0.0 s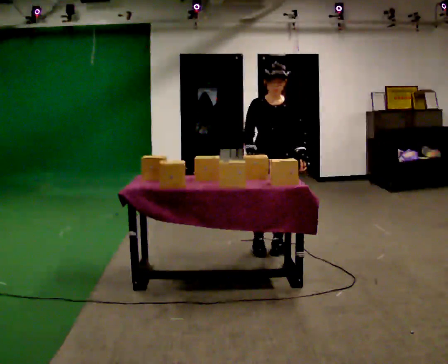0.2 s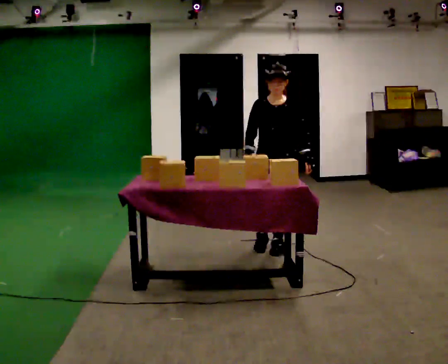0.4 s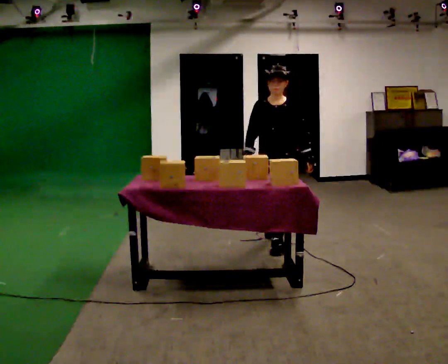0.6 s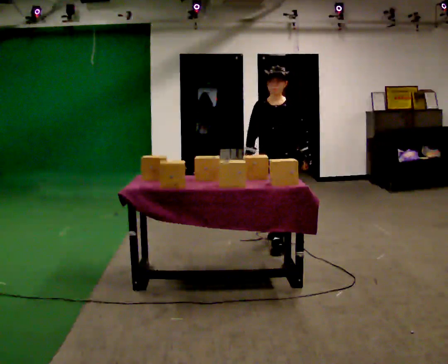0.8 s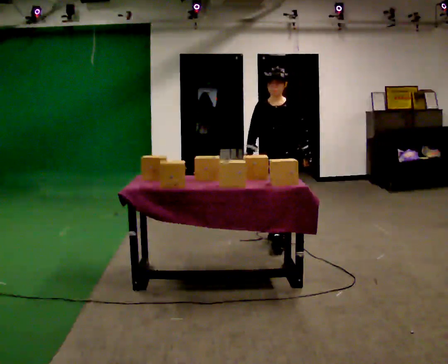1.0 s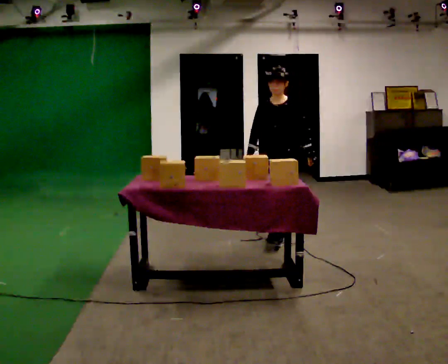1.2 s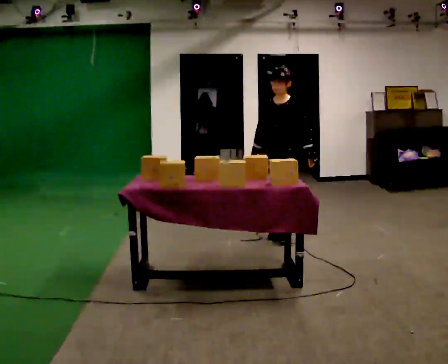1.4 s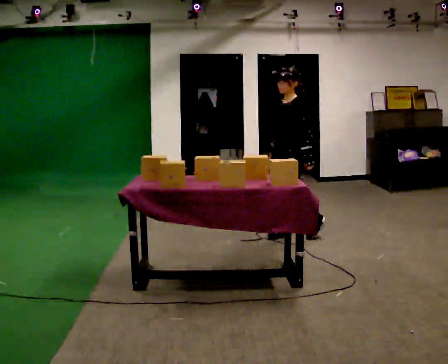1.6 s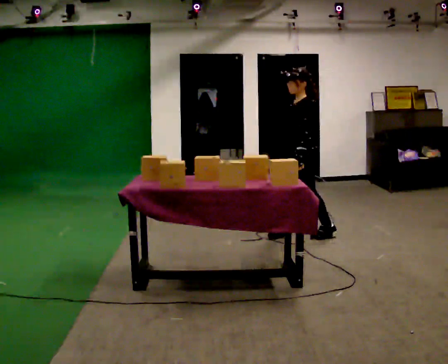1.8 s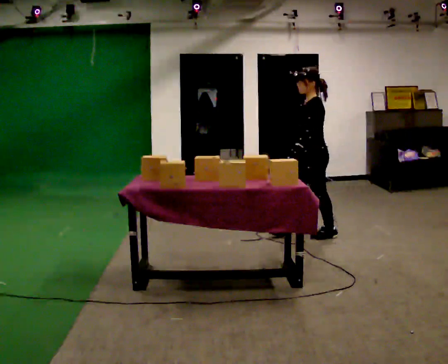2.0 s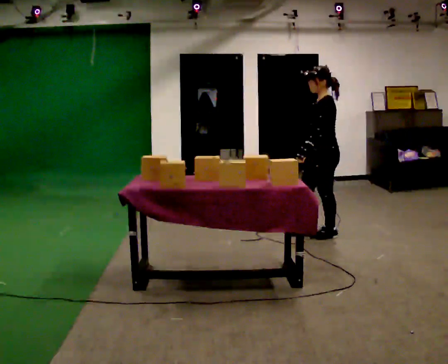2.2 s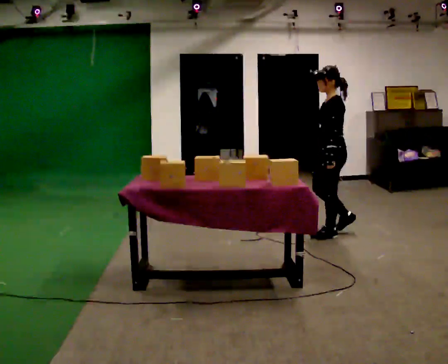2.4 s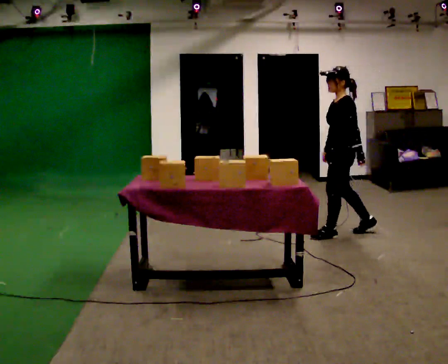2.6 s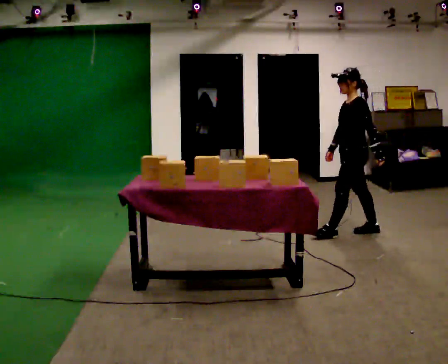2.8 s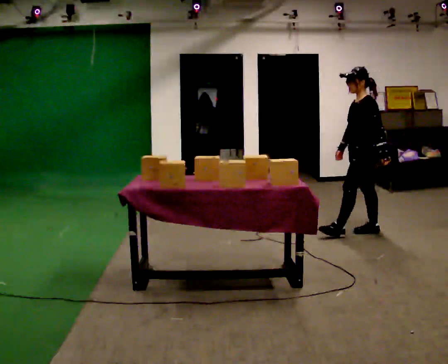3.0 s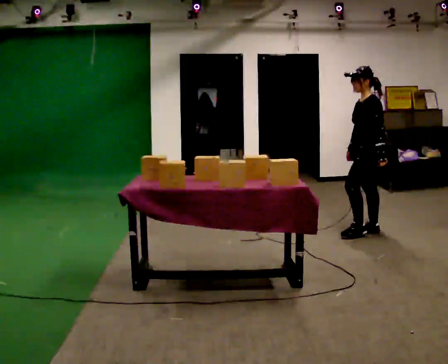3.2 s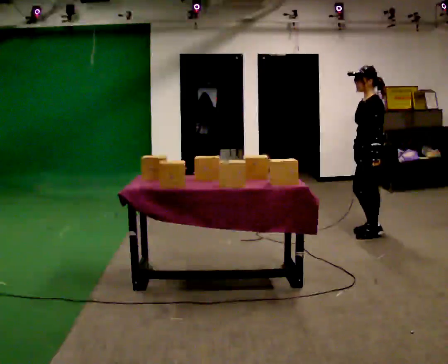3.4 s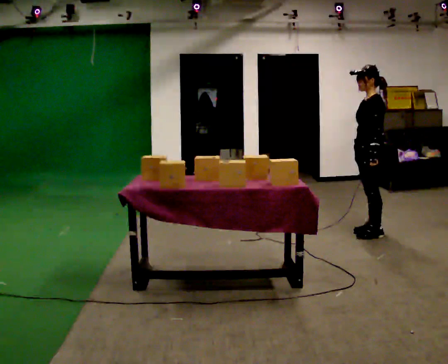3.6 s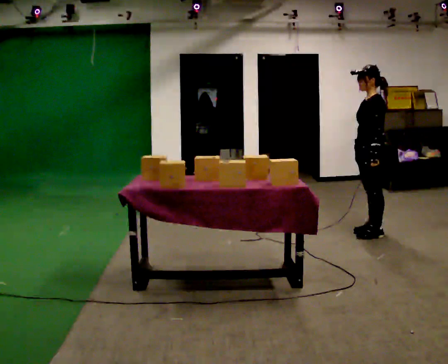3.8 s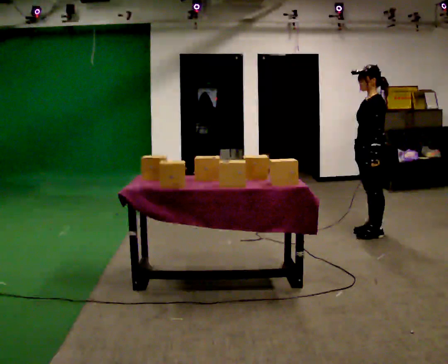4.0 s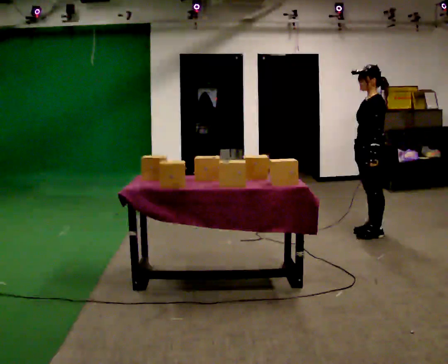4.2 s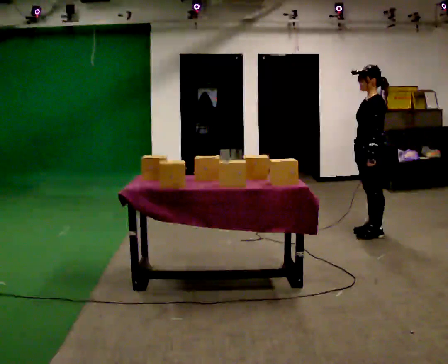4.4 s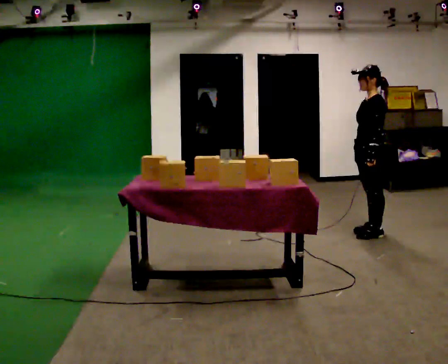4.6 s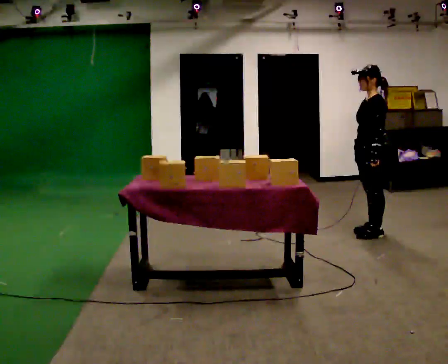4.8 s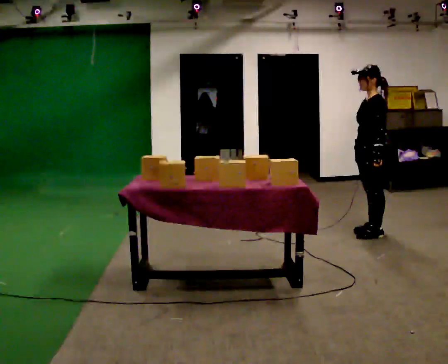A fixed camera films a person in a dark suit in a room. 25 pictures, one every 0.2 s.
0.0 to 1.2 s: The person turns about 30 degrees to their right, clockwise seen from above, so the part of the body nearest the lens slides to the left. In the picture they go away from the camera, about 0.5 m in 2 steps, which for them is backward.
1.2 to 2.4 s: The part of the body nearest the lens slides to the left as the person turns to their right by about 60 degrees. In the picture they go to the right, about 0.5 m in 1 step, which for them is backward.
2.4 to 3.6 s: In the picture they go to the right, about 0.25 m in 1 step, which for them is backward.
3.6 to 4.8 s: The person moves a little, or ends about where they began.
The film runs backward here.
